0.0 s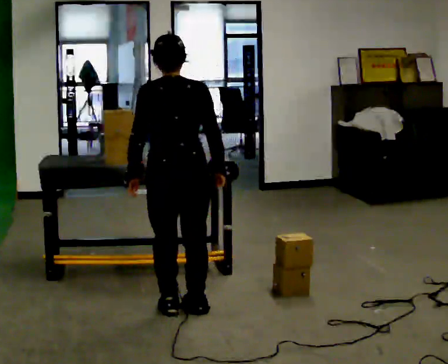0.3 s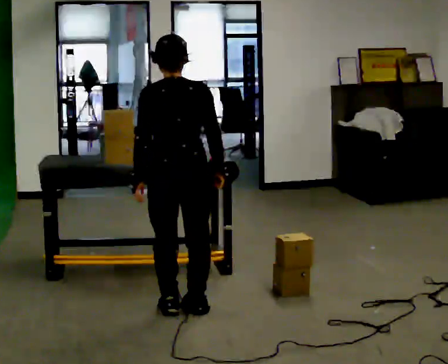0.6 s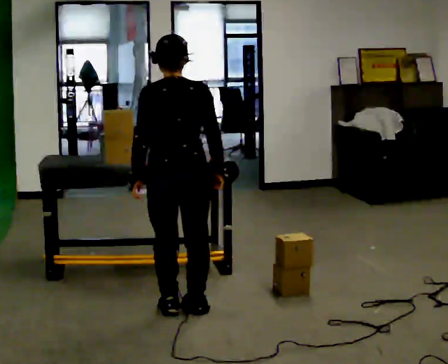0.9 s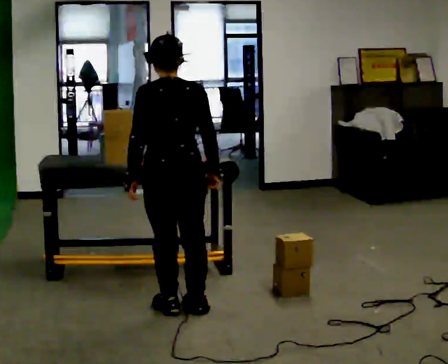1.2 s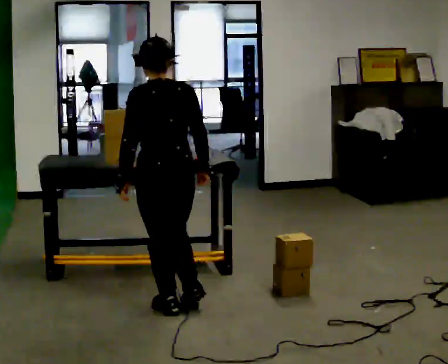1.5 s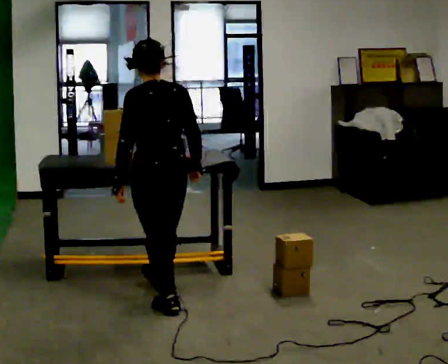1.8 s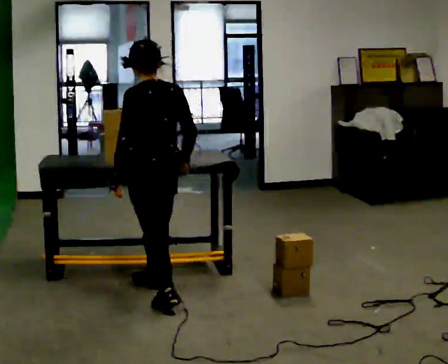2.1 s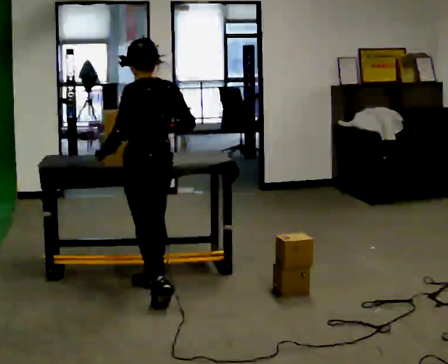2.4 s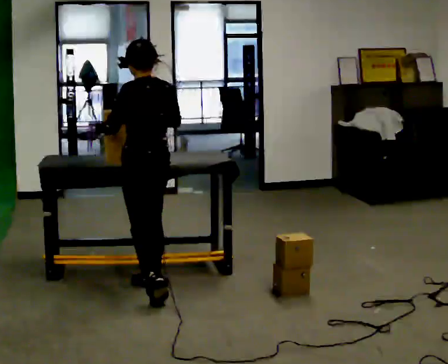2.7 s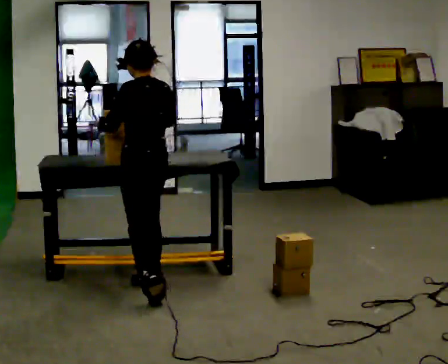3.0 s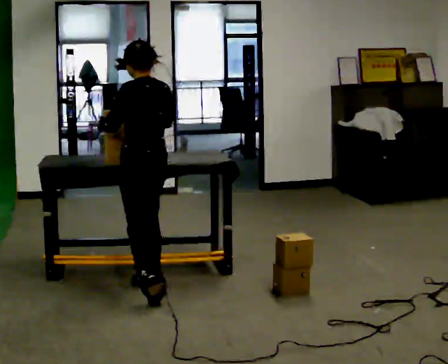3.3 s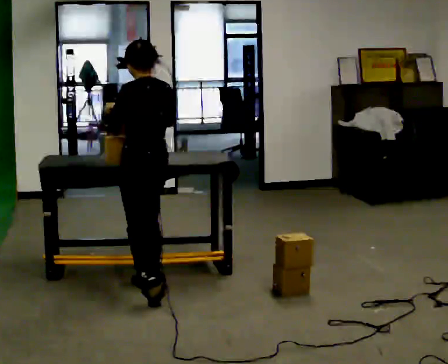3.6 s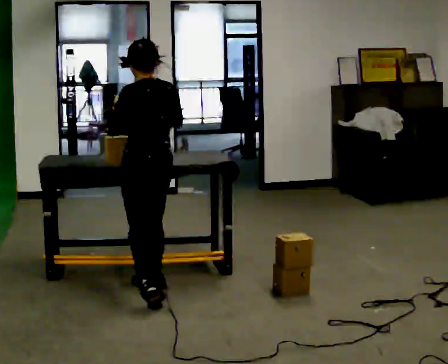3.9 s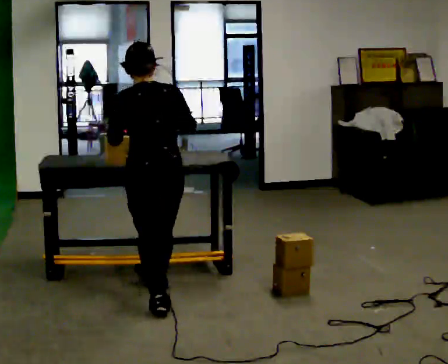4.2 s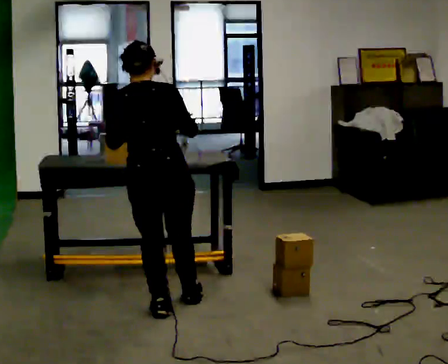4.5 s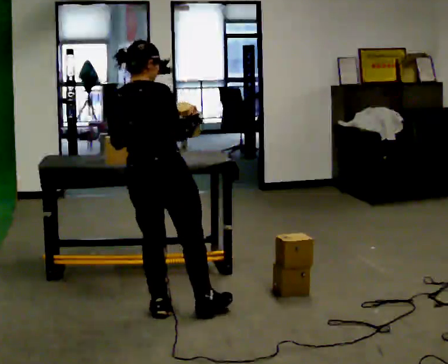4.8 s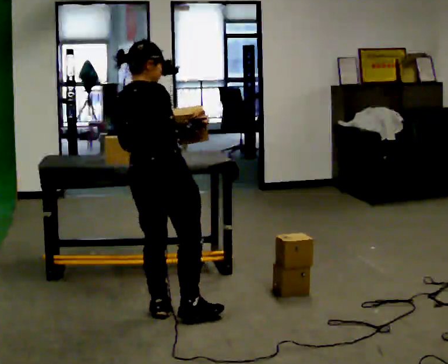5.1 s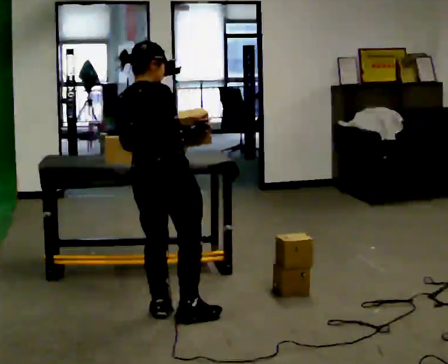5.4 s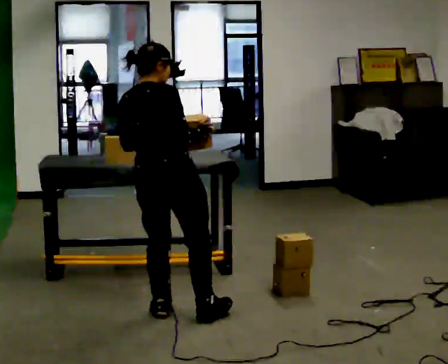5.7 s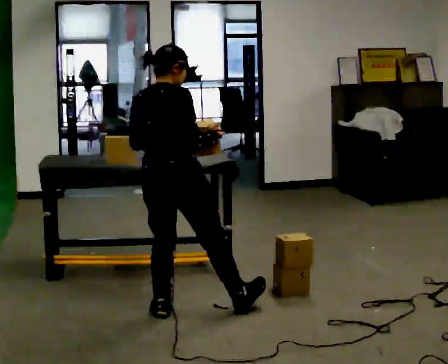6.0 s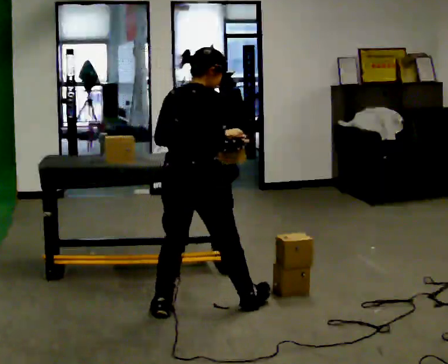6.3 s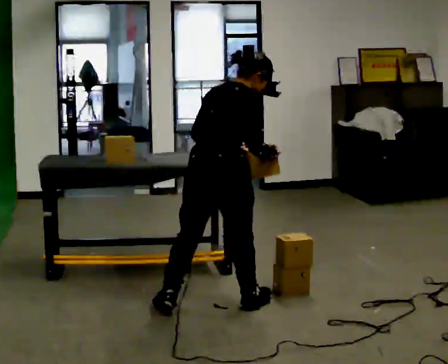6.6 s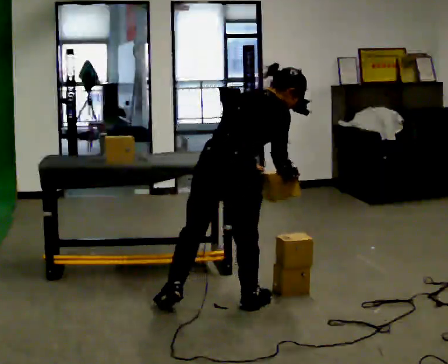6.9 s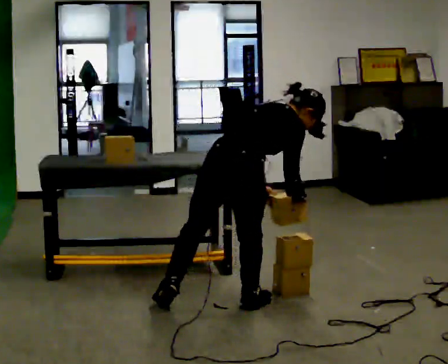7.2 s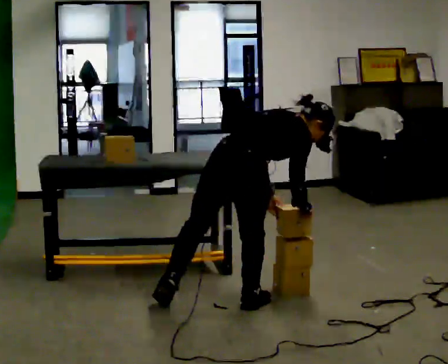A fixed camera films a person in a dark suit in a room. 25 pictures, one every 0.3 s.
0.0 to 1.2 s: The person moves a little, or ends about where they began.
1.2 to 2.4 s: In the picture they go away from the camera, about 0.5 m in 1 step, which for them is forward and to their right.
2.4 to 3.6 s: The person moves a little, or ends about where they began.
3.6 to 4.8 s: Seen from above the body turns clockwise, about 75 degrees: to their right, with its near side sliding to the left. In the picture they go toward the camera, about 0.25 m in 1 step.
4.8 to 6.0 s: In the picture they go to the right, about 0.25 m in 1 step, which for them is to their right. In the picture the upper body tilts clockwise, shoulders to the right.
6.0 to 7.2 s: In the picture they go to the right, about 0.25 m, which for them is to their right and forward. In the picture the upper body tilts clockwise, shoulders to the right, as they bend forward. In the picture their right hand goes to the right and downward.
The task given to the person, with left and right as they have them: Carry the object over and line it up with the mark on the surface as accurately as you can. Keep going until the operator says stop; one object at a time, and do not rush between trips.
The film runs forward here.
